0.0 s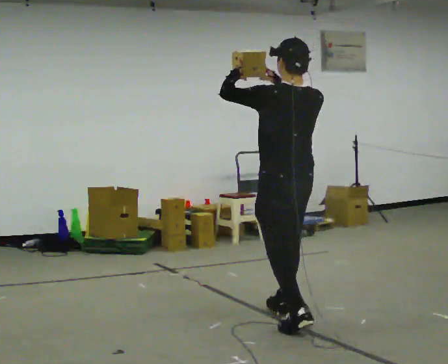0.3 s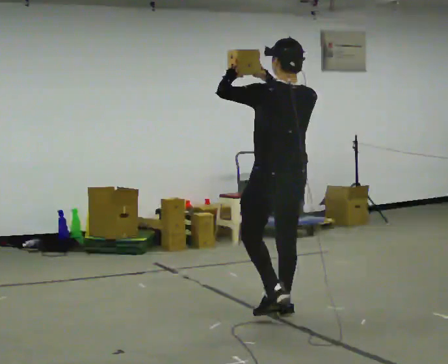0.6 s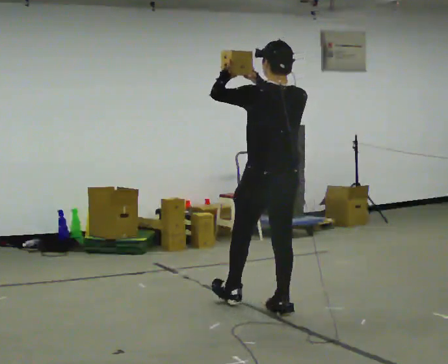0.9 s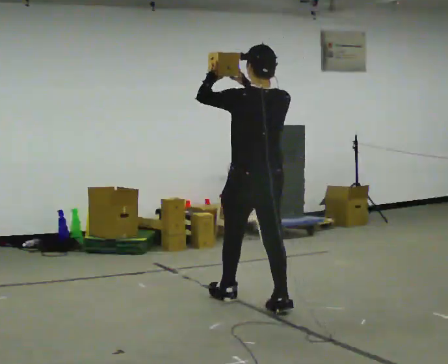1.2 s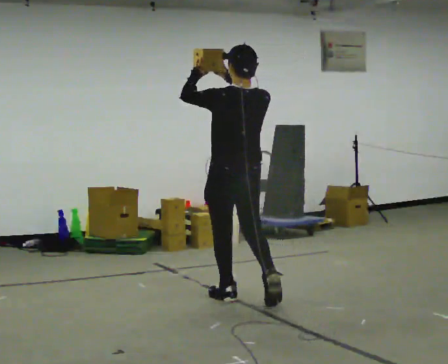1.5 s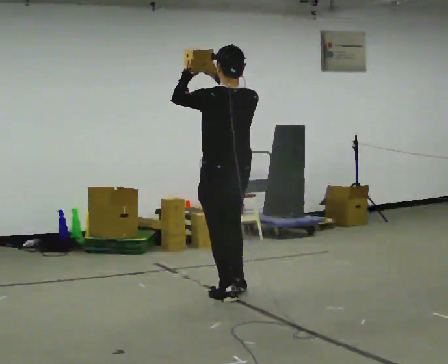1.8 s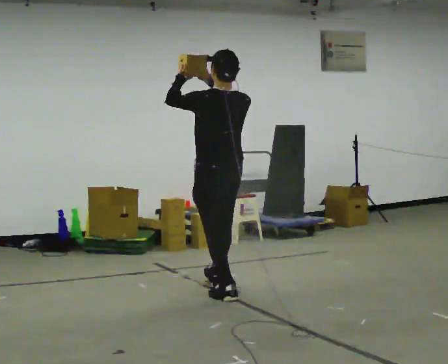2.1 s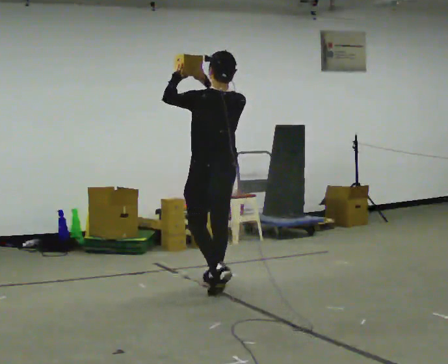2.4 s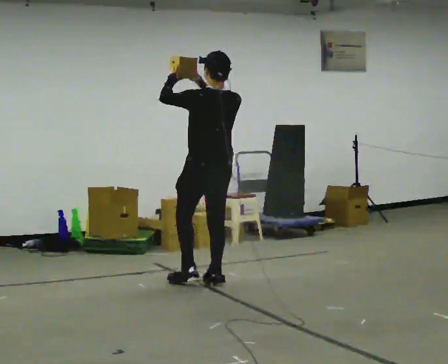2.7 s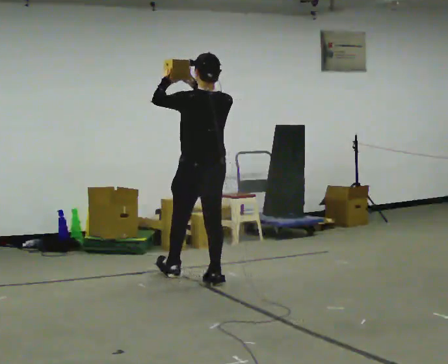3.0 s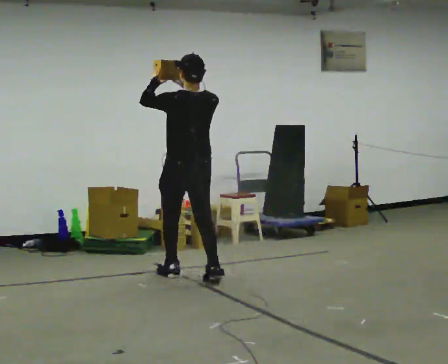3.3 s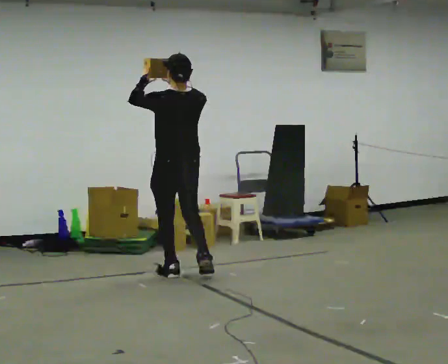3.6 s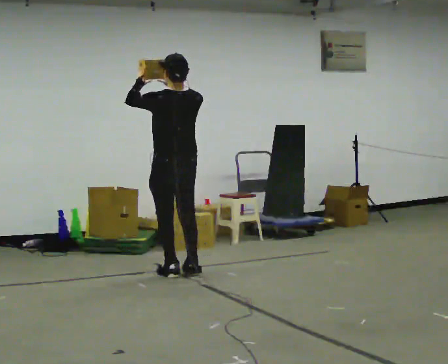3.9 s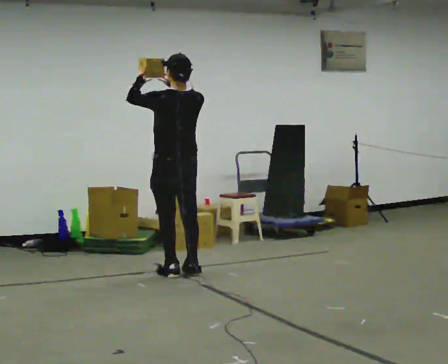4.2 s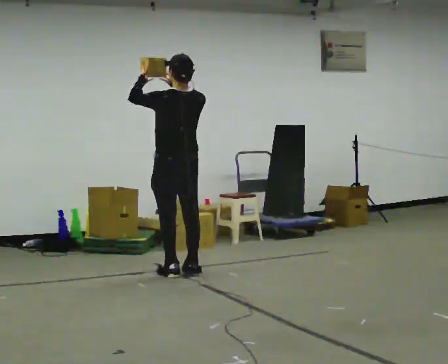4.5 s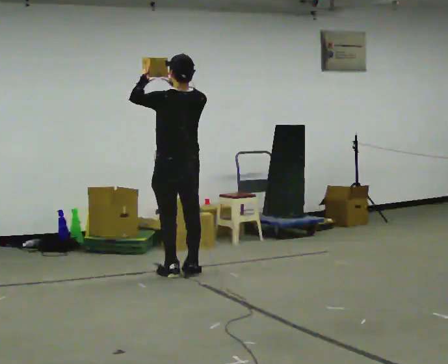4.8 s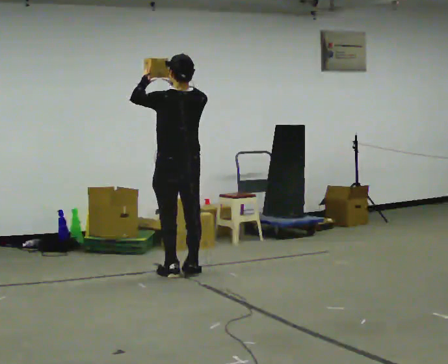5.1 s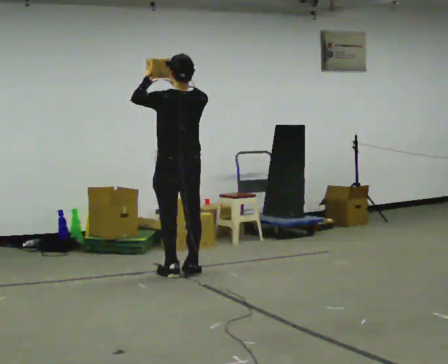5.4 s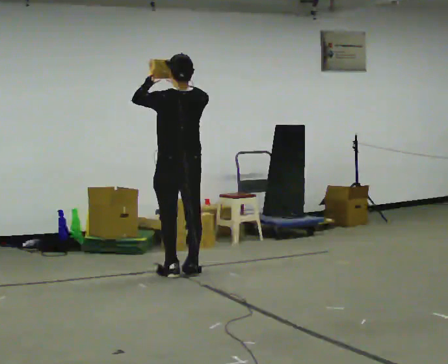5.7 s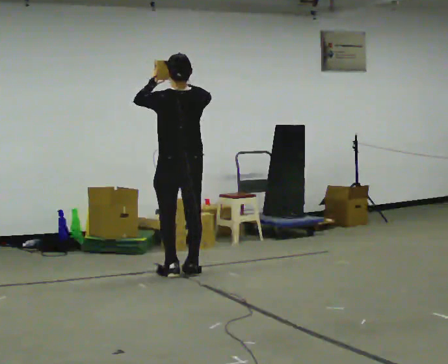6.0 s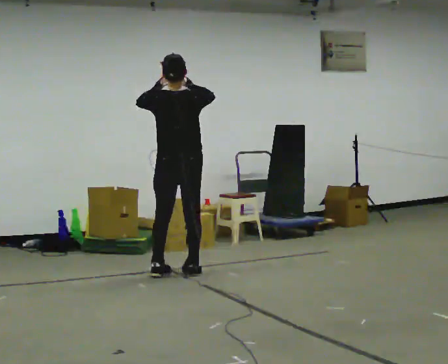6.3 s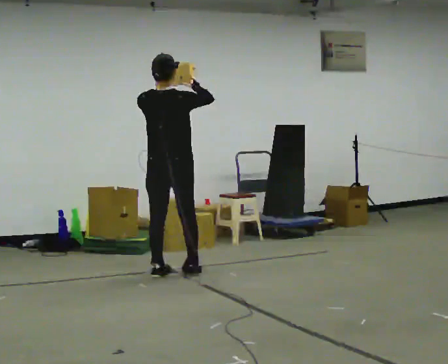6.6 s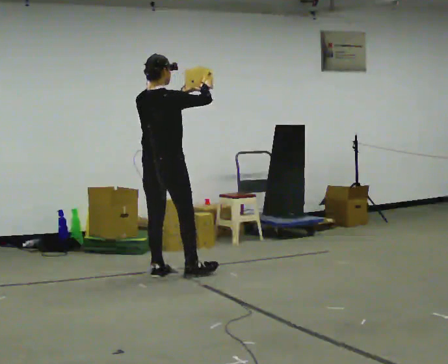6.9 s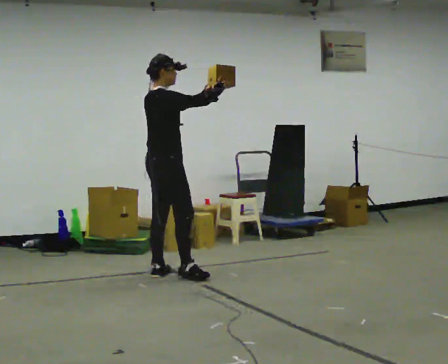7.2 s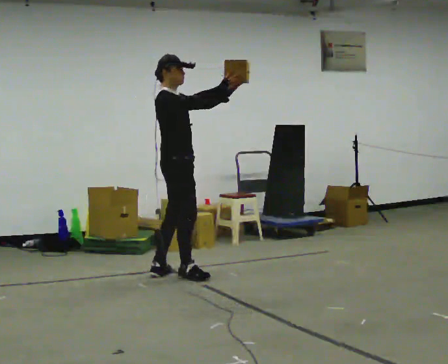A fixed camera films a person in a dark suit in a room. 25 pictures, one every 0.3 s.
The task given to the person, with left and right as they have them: Carry the object held up above your head, walking back and forth across the room.
0.0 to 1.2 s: In the picture they go away from the camera and to the left, about 0.5 m in 1 step, which for them is forward.
1.2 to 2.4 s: In the picture they go away from the camera, about 0.5 m in 1 step, which for them is forward.
2.4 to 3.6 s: In the picture they go away from the camera and to the left, about 0.5 m in 2 steps, which for them is forward and to their left.
3.6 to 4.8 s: The person moves a little, or ends about where they began.
4.8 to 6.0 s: Seen from above the body turns clockwise, about 30 degrees: to their right, with its near side sliding to the left.
6.0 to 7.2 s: The part of the body nearest the lens slides to the left as the person turns to their right by about 90 degrees. In the picture their left hand goes to the right.
The film runs forward here.
